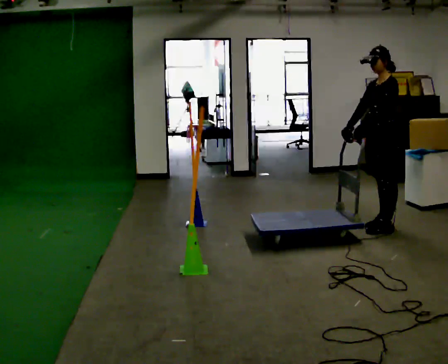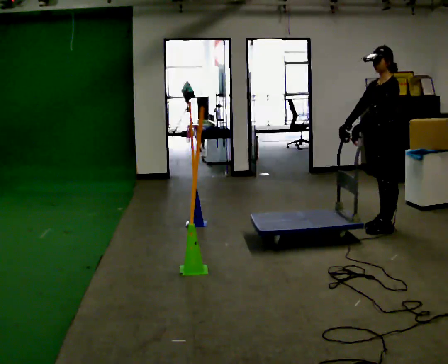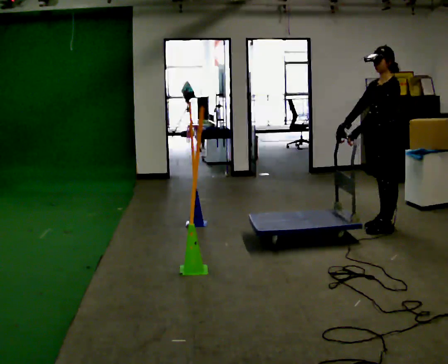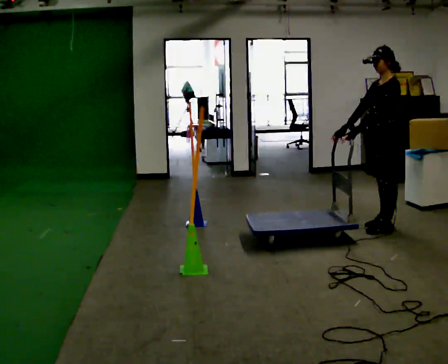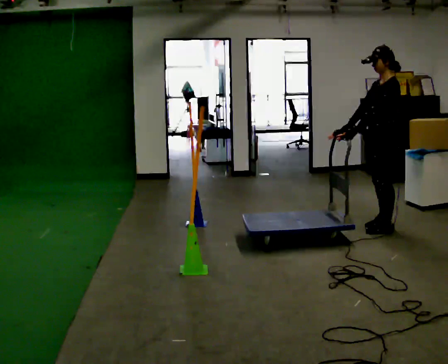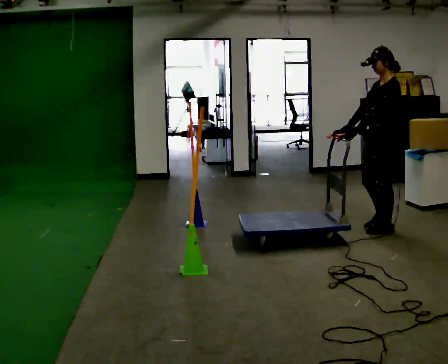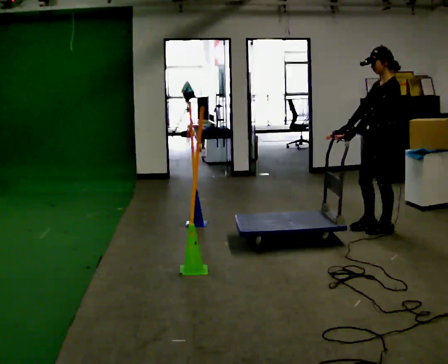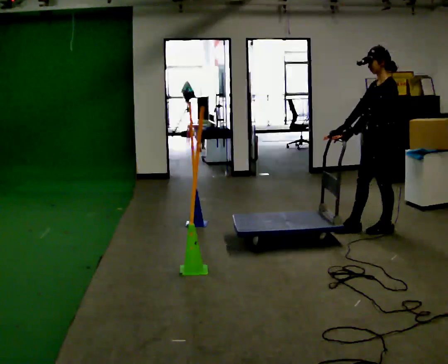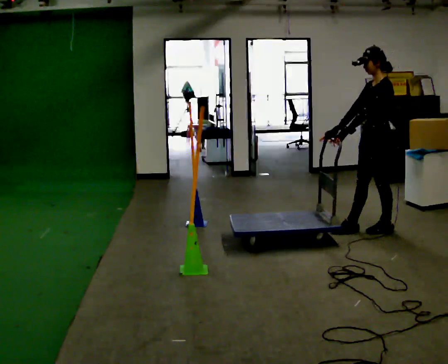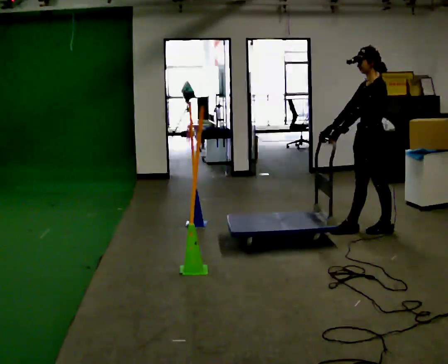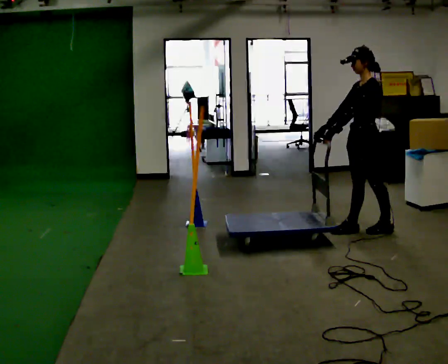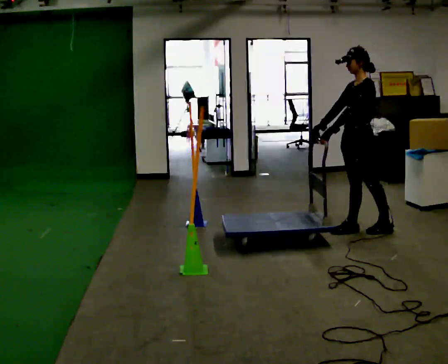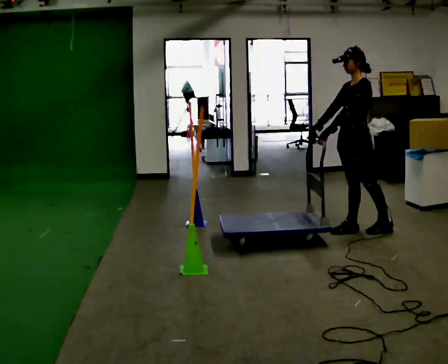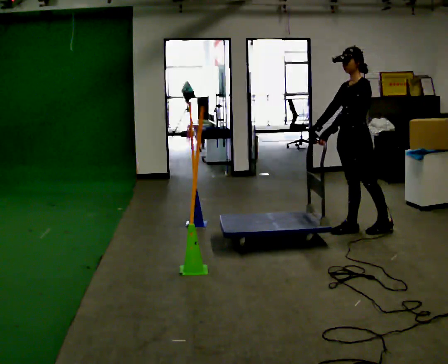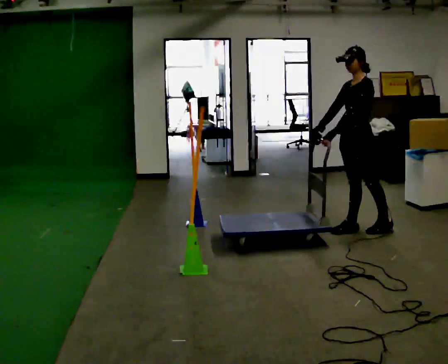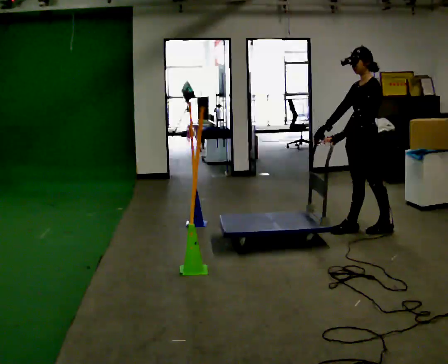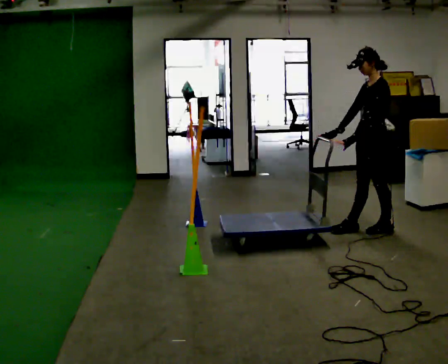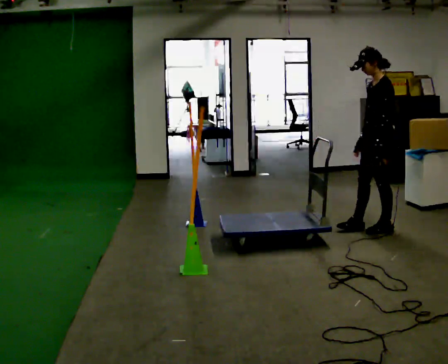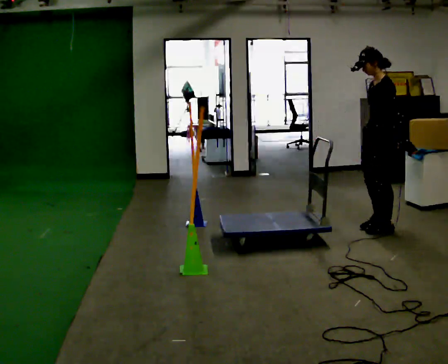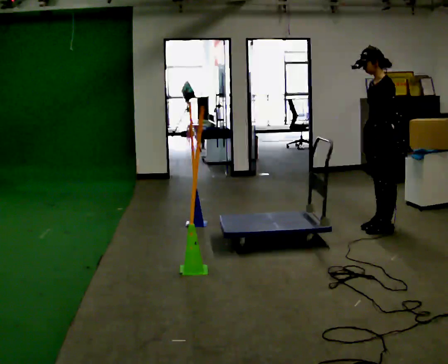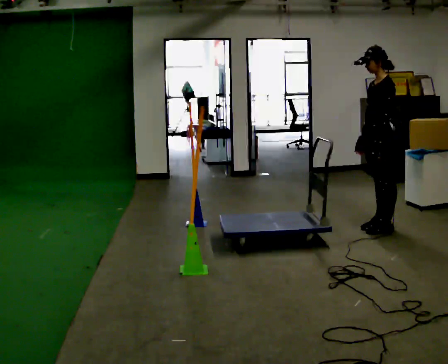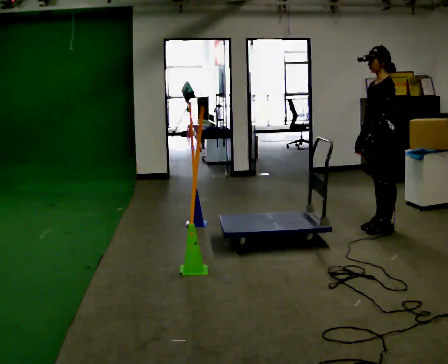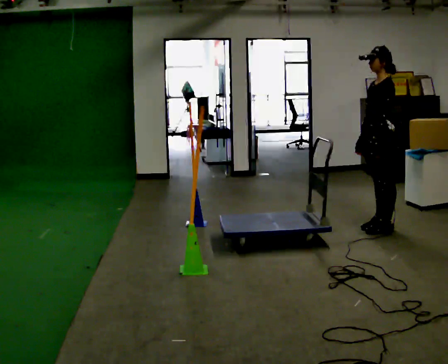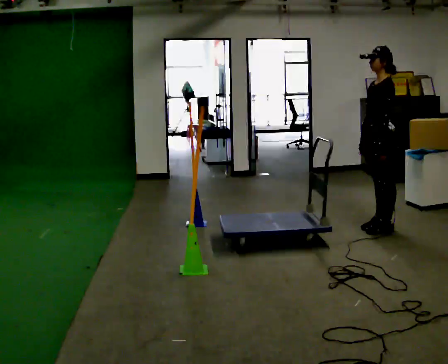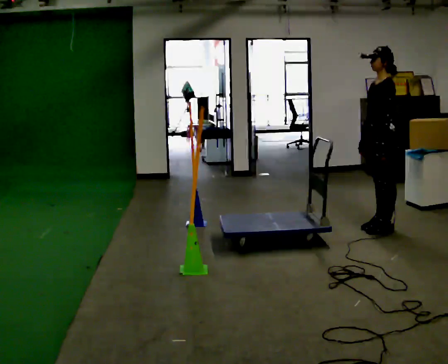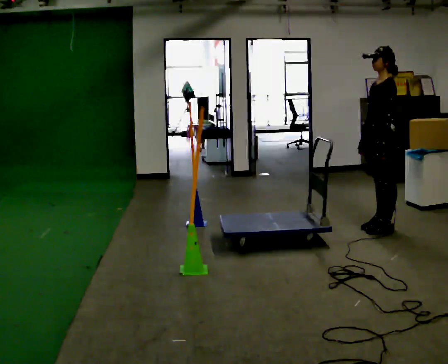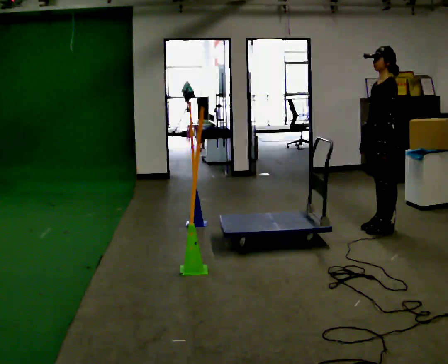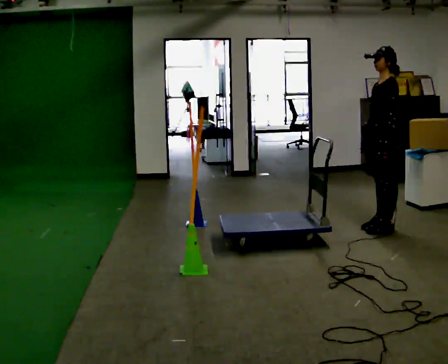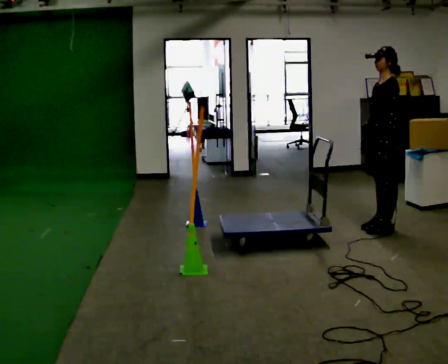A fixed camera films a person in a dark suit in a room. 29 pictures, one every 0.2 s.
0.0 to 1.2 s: The person moves a little, or ends about where they began.
1.2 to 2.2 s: In the picture they go to the left, about 0.25 m in 1 step, which for them is forward.
2.2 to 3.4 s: In the picture they go to the right, about 0.25 m, which for them is backward. In the picture their right hand goes to the right.
3.4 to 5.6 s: The person moves a little, or ends about where they began.
The film runs forward here.
